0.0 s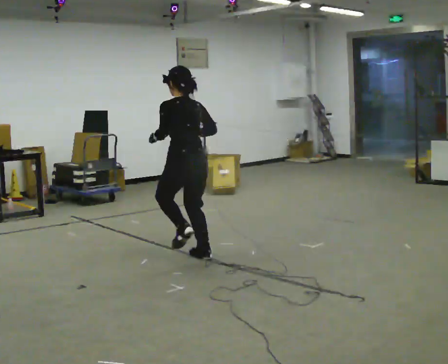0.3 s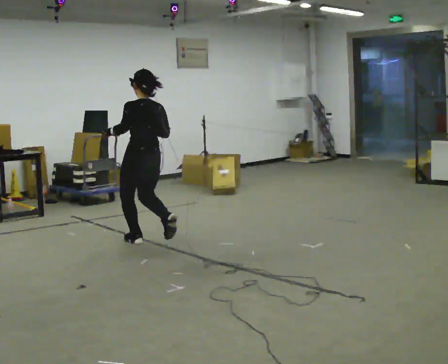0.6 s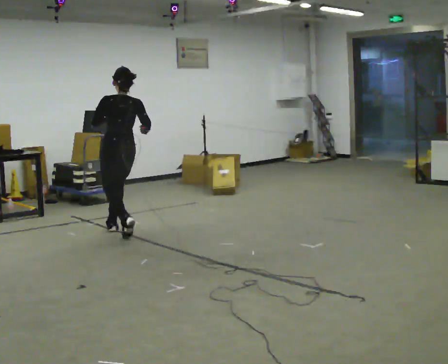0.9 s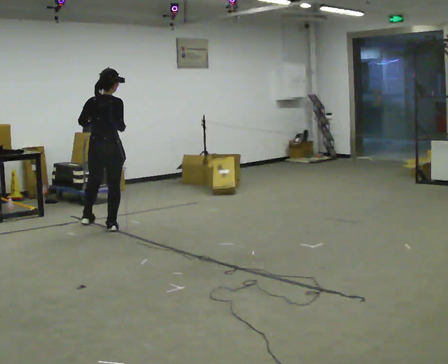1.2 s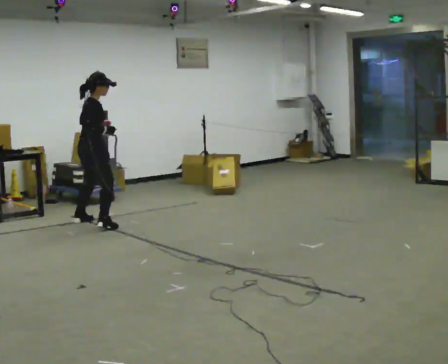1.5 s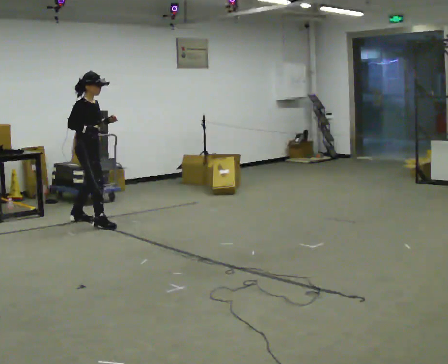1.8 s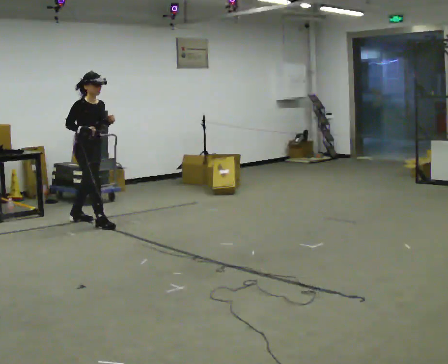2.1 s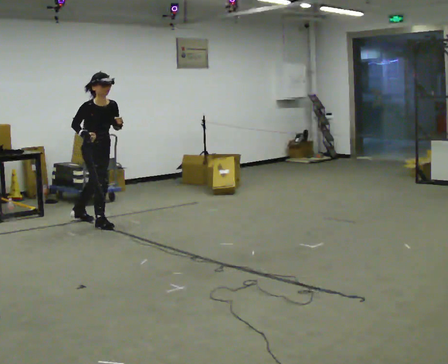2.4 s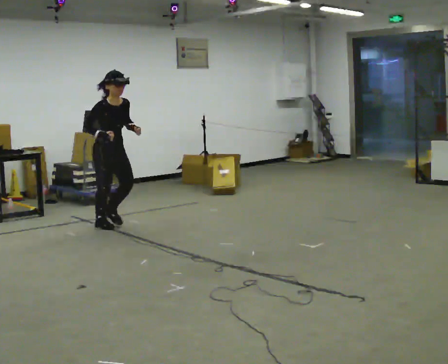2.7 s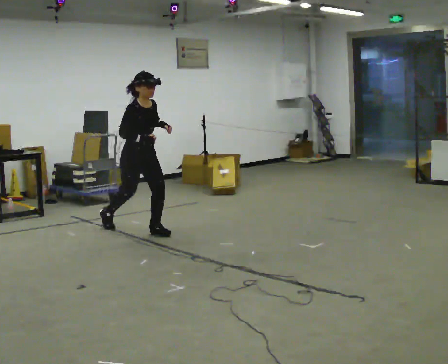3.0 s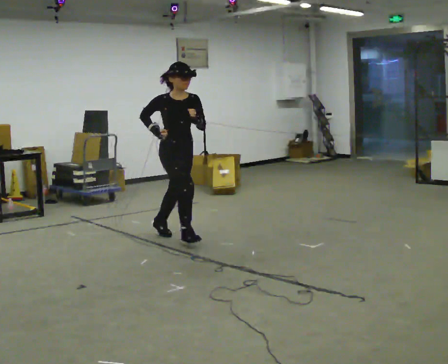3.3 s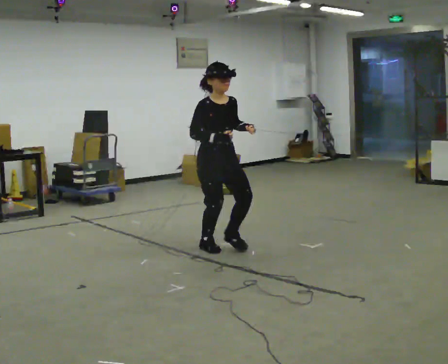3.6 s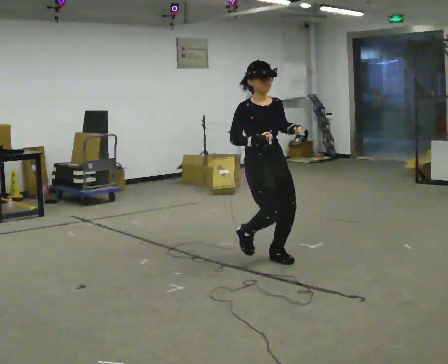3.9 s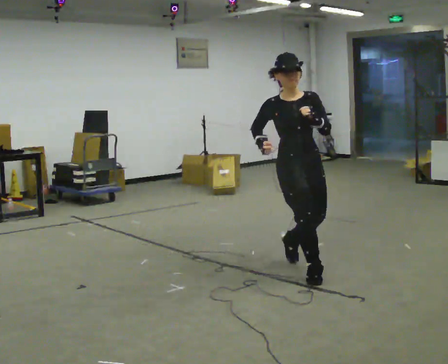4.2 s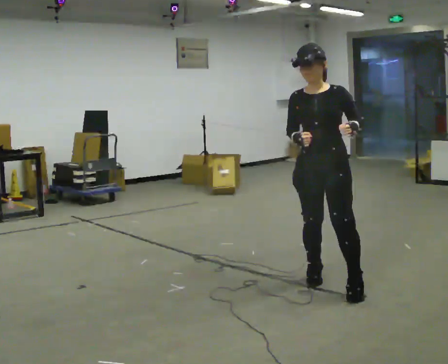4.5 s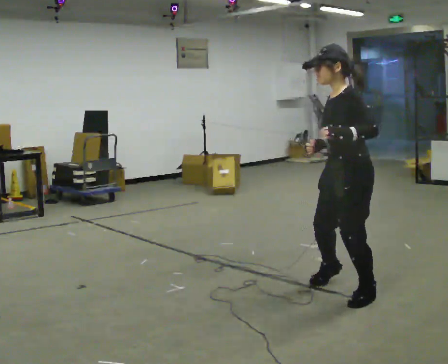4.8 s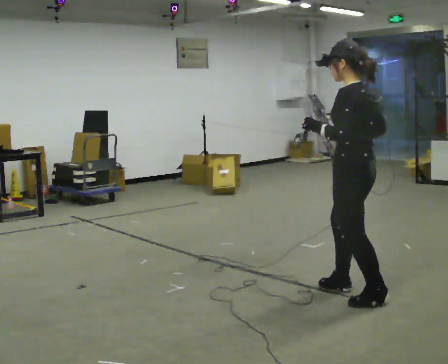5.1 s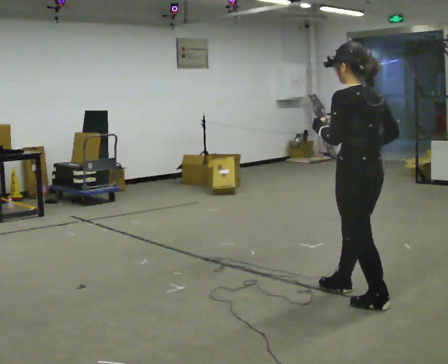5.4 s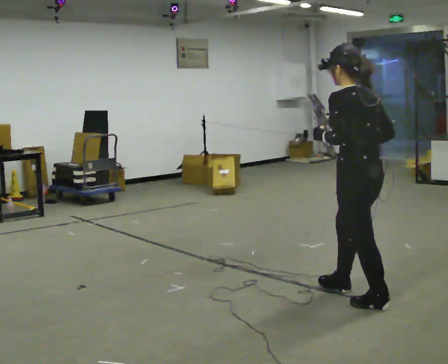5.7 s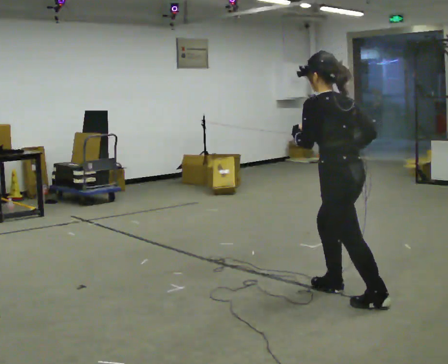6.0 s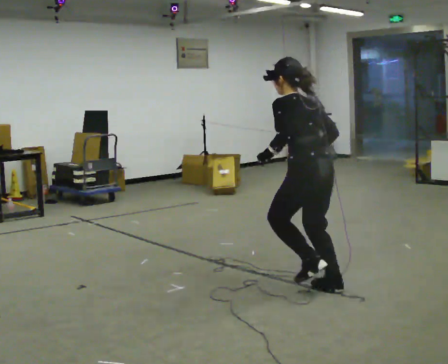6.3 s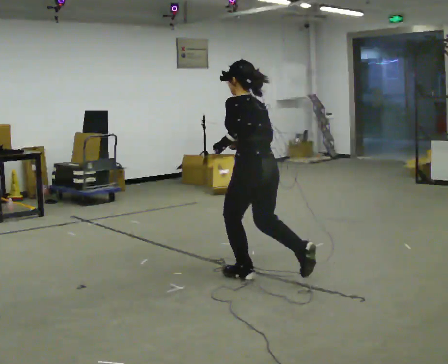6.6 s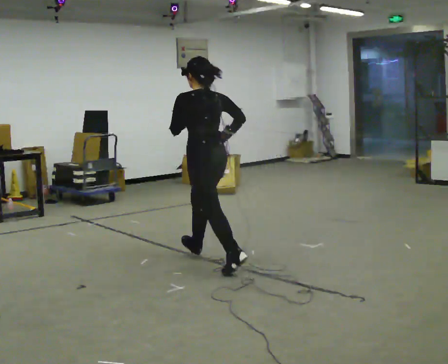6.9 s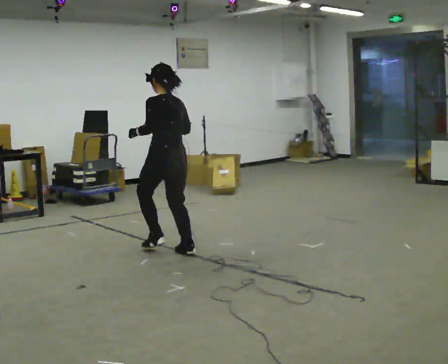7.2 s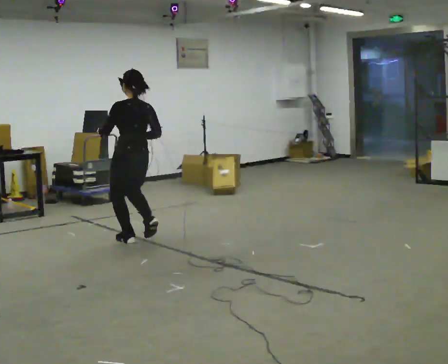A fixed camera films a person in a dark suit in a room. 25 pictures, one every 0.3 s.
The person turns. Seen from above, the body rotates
clockwise.
The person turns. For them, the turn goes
to their right.
0.0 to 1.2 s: The person turns about 105 degrees to their right, clockwise seen from above, so the part of the body nearest the lens slides to the left. In the picture they go to the left and away from the camera, about 1.5 m in 3 steps.
1.2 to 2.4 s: The person turns about 60 degrees to their right, clockwise seen from above, so the part of the body nearest the lens slides to the left. In the picture they go to the right and toward the camera, about 0.25 m in 1 step.
2.4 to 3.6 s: In the picture they go to the right and toward the camera, about 2 m in 3 steps, which for them is forward. In the picture the upper body tilts counterclockwise, shoulders to the left, as they lean back or straighten.
3.6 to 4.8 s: The part of the body nearest the lens slides to the left as the person turns to their right by about 150 degrees. In the picture they go toward the camera and to the right, about 1 m in 3 steps.
4.8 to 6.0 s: In the picture they go away from the camera and to the left, about 0.5 m in 1 step, which for them is forward.
6.0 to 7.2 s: In the picture they go to the left and away from the camera, about 2 m in 3 steps, which for them is forward. In the picture the upper body tilts clockwise, shoulders to the right, as they lean back or straighten.
The film runs forward here.
